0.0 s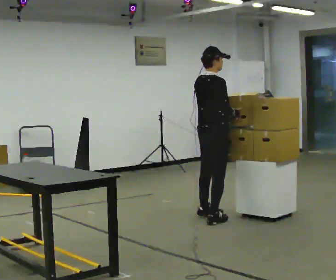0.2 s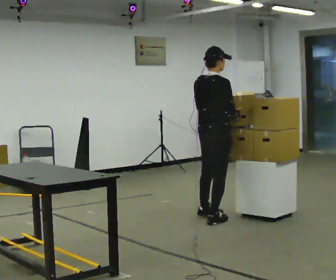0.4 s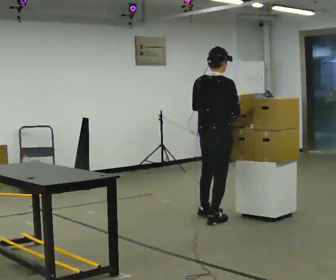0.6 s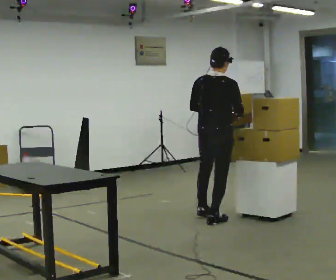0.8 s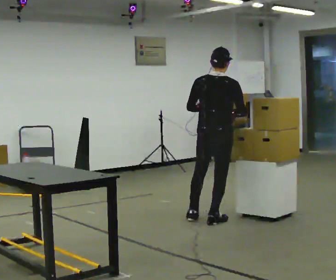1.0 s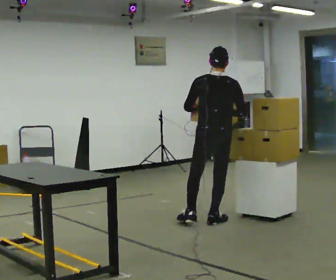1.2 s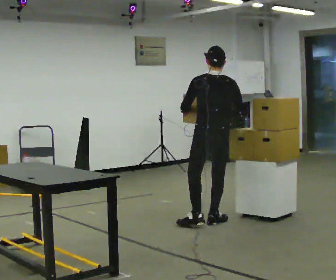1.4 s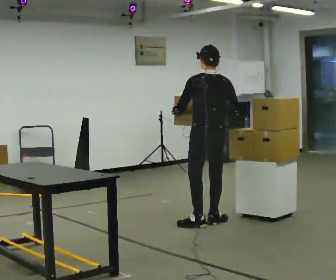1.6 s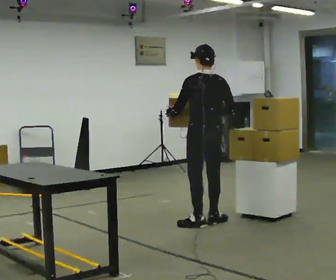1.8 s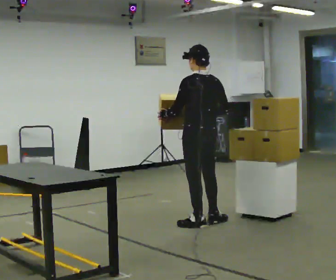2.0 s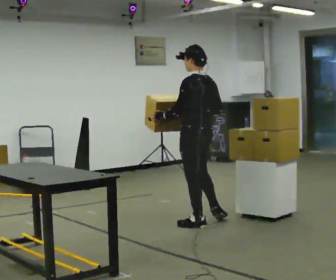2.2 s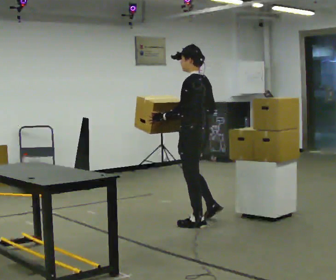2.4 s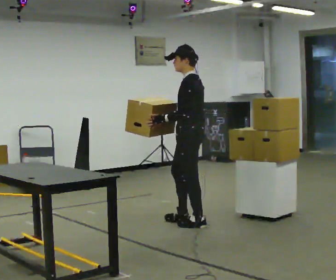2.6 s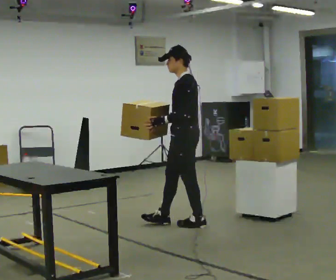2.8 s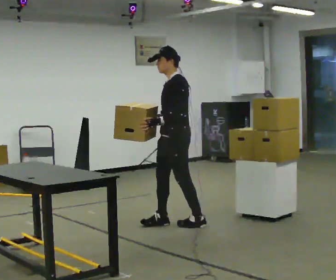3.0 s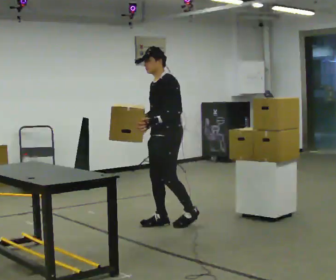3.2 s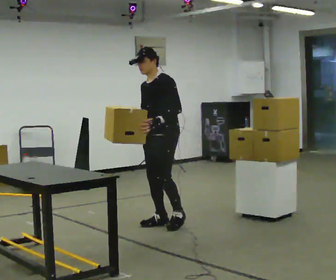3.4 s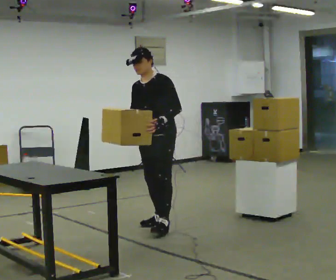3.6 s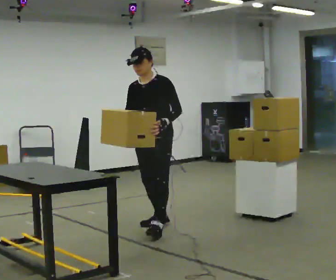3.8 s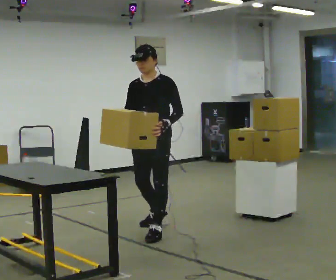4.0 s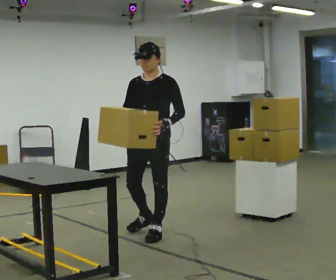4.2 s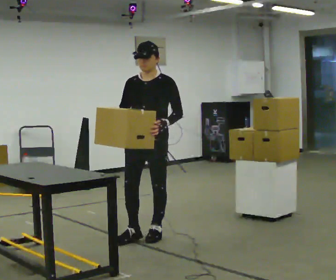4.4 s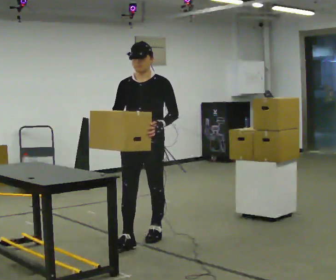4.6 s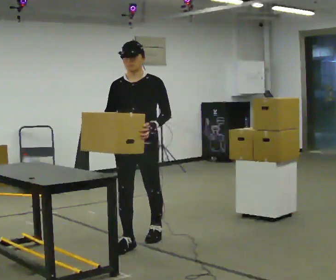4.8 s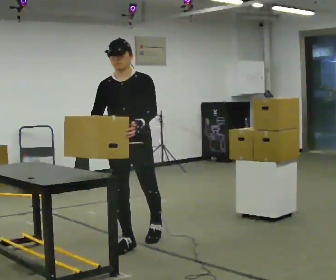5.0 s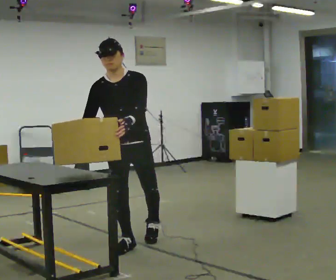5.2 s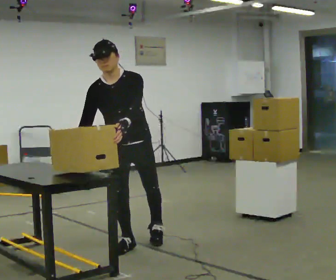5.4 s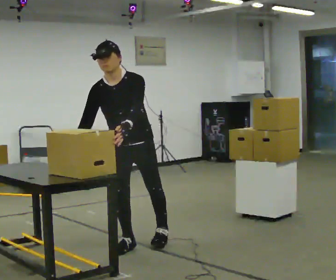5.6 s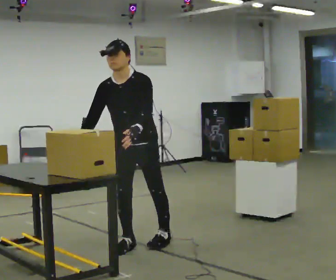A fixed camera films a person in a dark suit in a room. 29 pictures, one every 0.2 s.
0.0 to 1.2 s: The part of the body nearest the lens slides to the right as the person turns to their left by about 60 degrees. In the picture they go toward the camera, about 0.25 m. In the picture their left hand goes to the left.
1.2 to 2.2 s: Seen from above the body turns counterclockwise, about 60 degrees: to their left, with its near side sliding to the right.
2.2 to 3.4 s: The part of the body nearest the lens slides to the right as the person turns to their left by about 75 degrees. In the picture they go to the left, about 0.25 m in 1 step. In the picture the upper body tilts counterclockwise, shoulders to the left, as they bend forward.
3.4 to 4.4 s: In the picture they go toward the camera, about 0.5 m in 1 step, which for them is forward and to their left.
4.4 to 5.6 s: In the picture they go toward the camera, about 0.25 m in 2 steps, which for them is forward.
The film runs forward here.
